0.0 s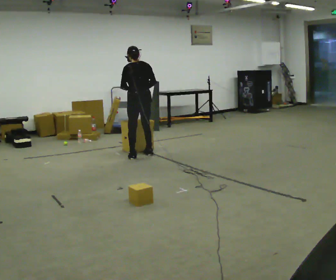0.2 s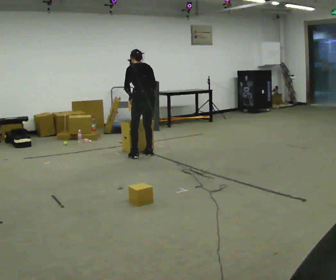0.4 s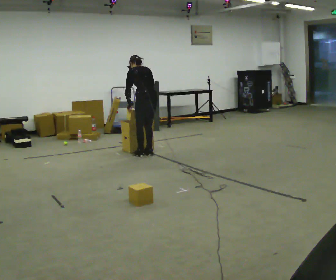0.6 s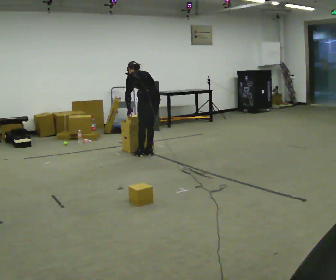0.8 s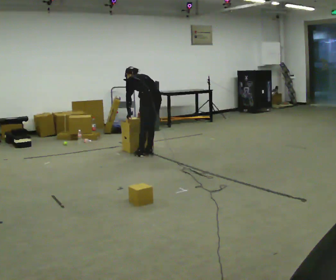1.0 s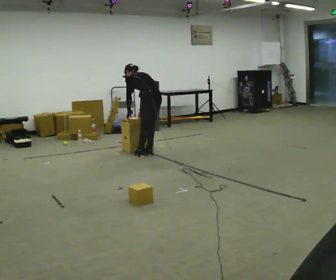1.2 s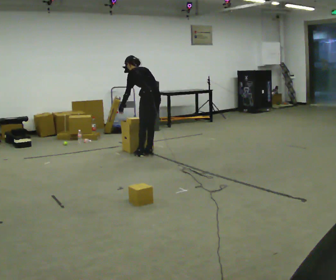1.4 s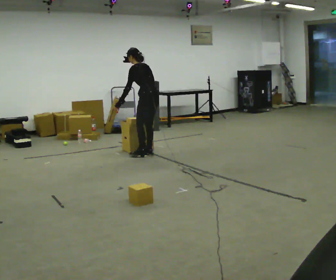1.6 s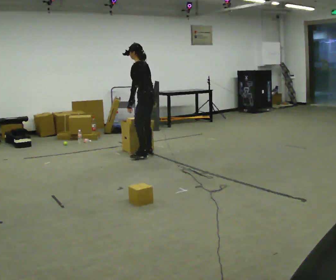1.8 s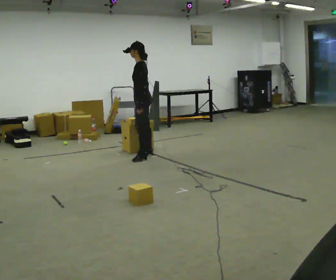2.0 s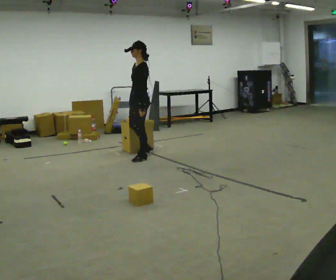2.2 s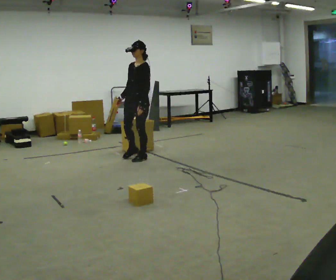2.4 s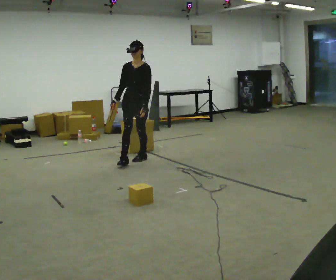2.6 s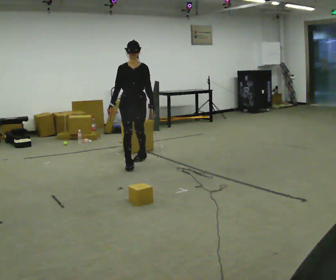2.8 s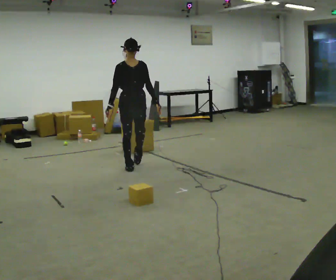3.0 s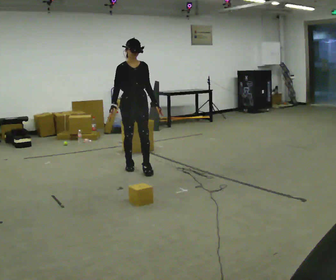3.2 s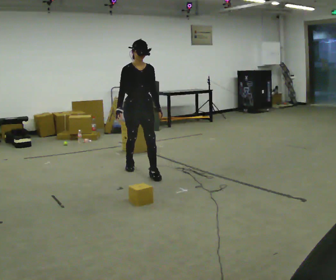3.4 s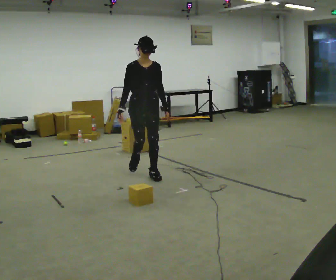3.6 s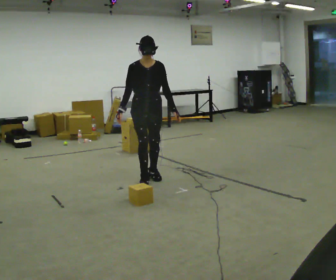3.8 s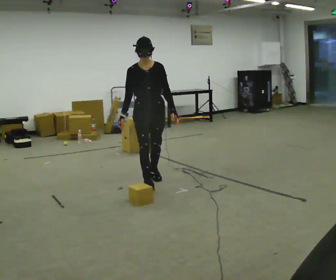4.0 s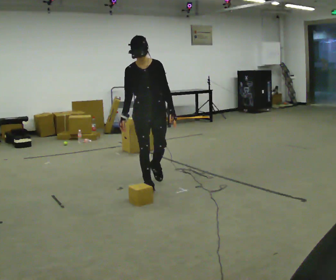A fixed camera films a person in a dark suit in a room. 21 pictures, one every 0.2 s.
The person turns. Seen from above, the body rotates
counterclockwise.
The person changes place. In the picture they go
toward the camera.
0.0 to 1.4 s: Seen from above the body turns counterclockwise, about 30 degrees: to their left, with its near side sliding to the right.
1.4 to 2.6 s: The person turns about 135 degrees to their left, counterclockwise seen from above, so the part of the body nearest the lens slides to the right. In the picture they go toward the camera and to the left, about 0.5 m in 1 step. The upper body tips toward the camera, its near side rolling downward, as they lean back or straighten.
2.6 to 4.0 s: In the picture they go toward the camera, about 1 m in 2 steps, which for them is forward.
The film runs forward here.
